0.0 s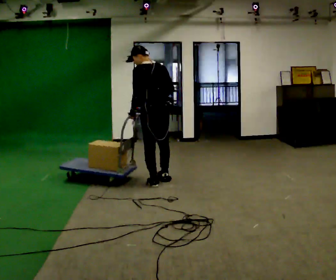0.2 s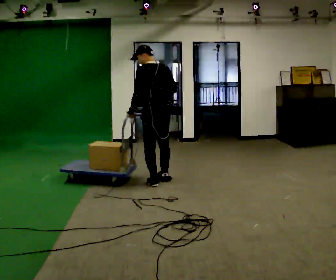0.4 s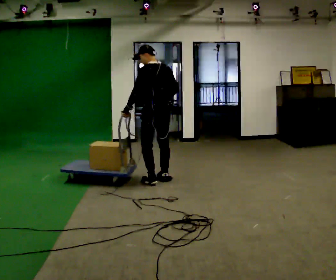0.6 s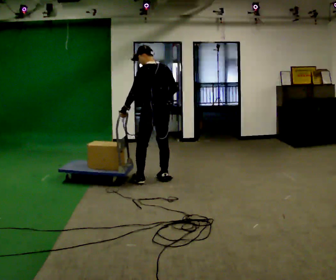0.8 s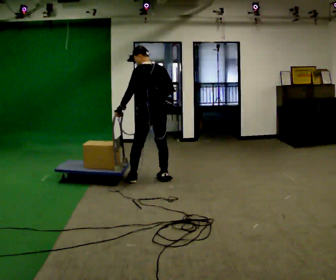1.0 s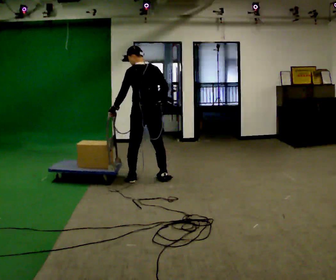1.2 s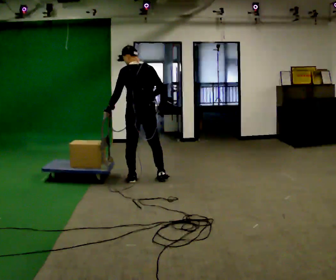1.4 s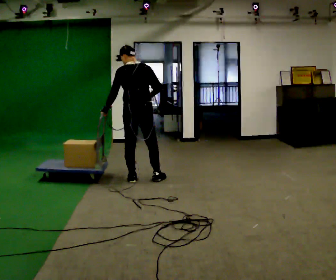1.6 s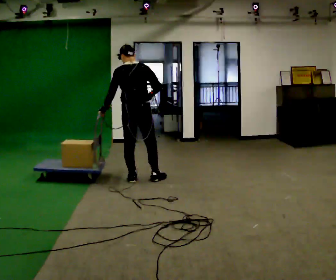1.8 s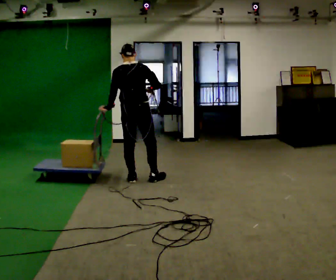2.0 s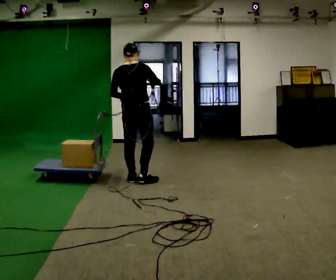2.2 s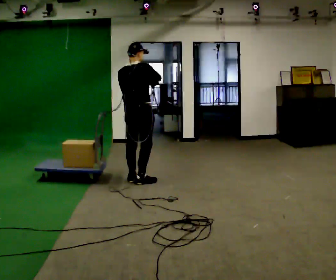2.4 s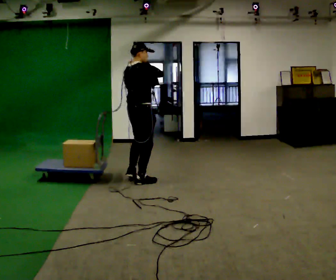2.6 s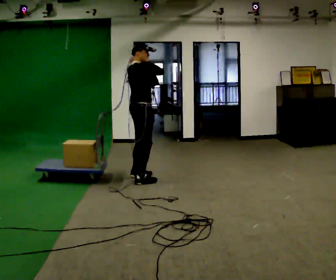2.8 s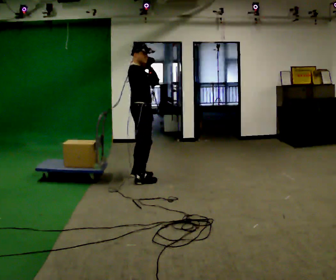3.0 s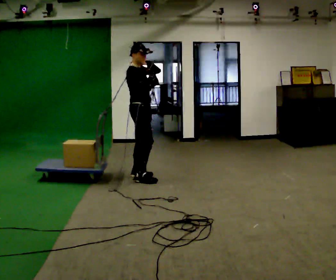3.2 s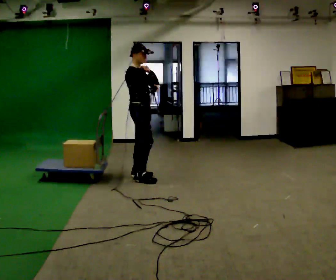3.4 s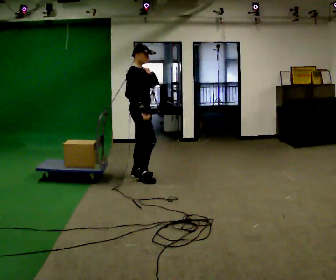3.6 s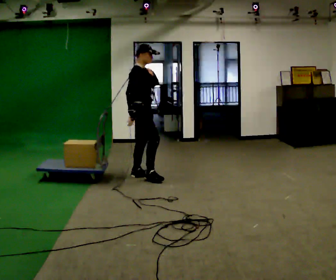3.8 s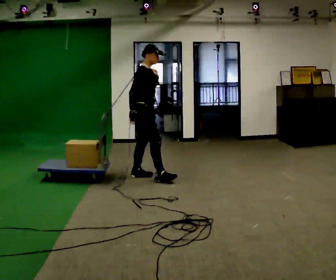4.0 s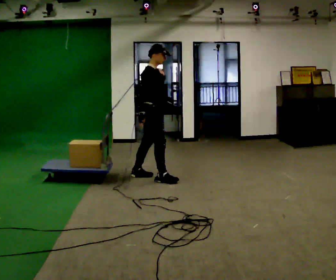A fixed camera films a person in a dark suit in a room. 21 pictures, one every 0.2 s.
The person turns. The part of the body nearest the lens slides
to the left.
The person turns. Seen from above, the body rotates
clockwise.
0.0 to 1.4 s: In the picture they go to the left, about 0.25 m in 1 step, which for them is forward and to their left. In the picture their left hand goes to the left.
1.4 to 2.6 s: The part of the body nearest the lens slides to the left as the person turns to their right by about 75 degrees. In the picture their left hand goes upward and to the right.
2.6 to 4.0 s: In the picture their right hand goes downward.
The film runs forward here.
